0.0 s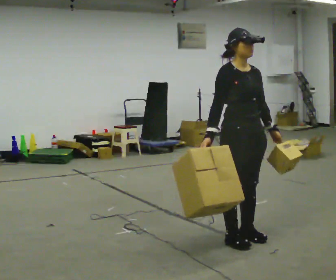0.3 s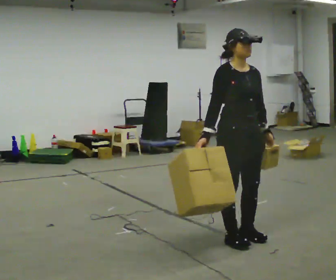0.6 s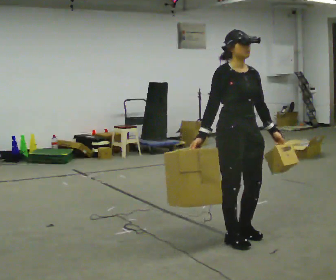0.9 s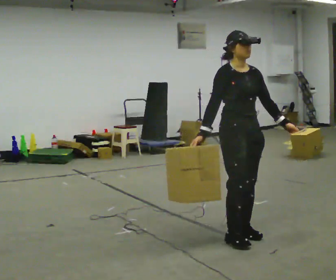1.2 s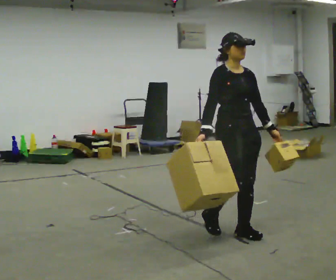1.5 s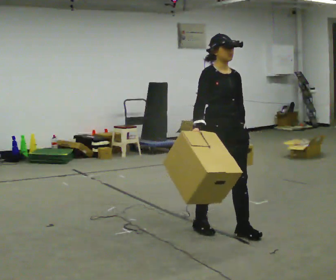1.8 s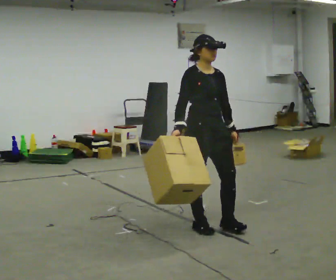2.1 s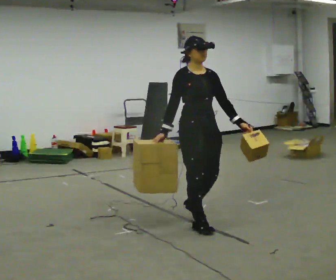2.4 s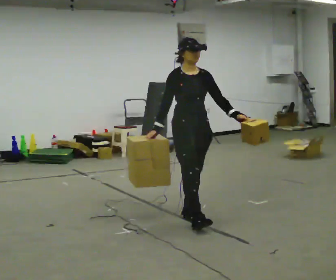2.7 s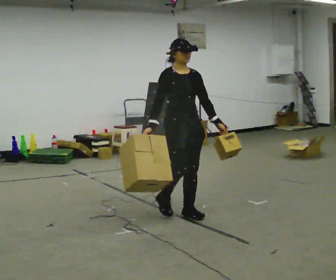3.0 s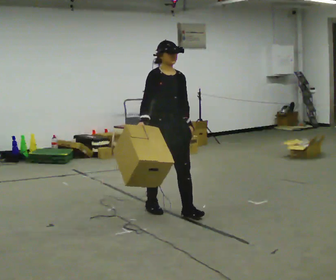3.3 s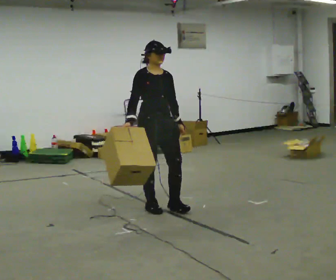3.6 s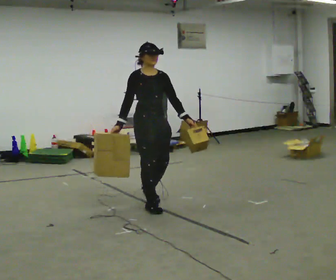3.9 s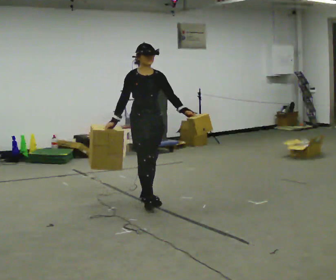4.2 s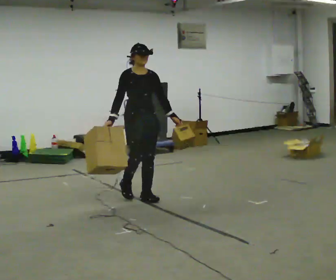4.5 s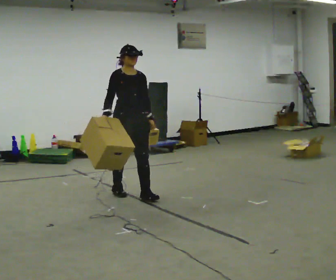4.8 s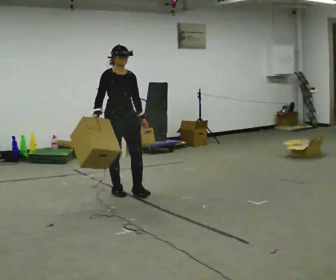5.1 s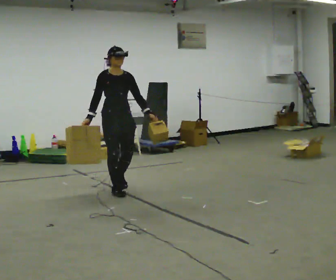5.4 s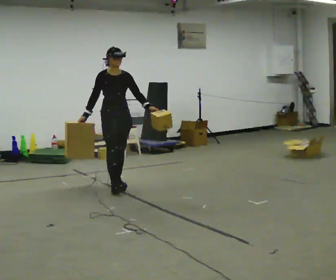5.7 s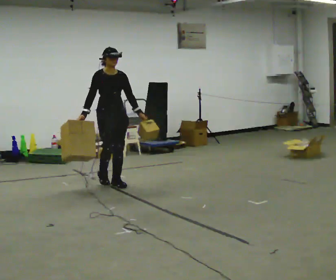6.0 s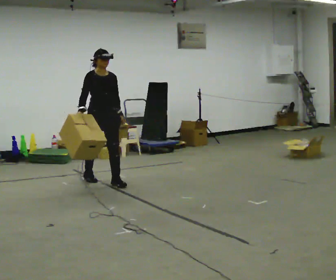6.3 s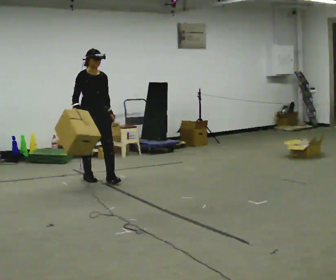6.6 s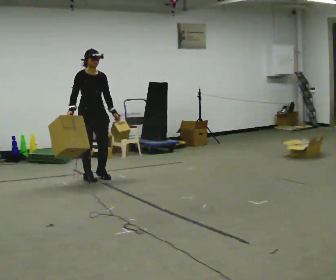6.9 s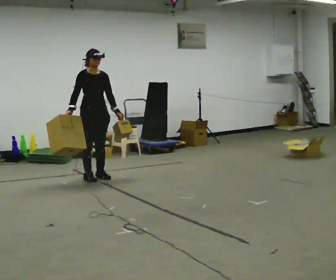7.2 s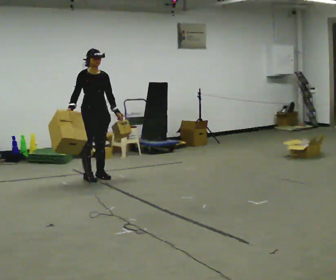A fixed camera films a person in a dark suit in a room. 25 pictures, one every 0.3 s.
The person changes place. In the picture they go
away from the camera.
0.0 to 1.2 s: In the picture they go away from the camera, about 0.25 m in 1 step, which for them is backward.
1.2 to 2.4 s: In the picture they go away from the camera and to the left, about 0.5 m in 1 step, which for them is backward.
2.4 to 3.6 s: In the picture they go away from the camera and to the left, about 0.5 m in 2 steps, which for them is backward.
3.6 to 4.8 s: In the picture they go away from the camera and to the left, about 0.5 m in 2 steps, which for them is backward.
4.8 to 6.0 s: In the picture they go away from the camera and to the left, about 0.5 m in 1 step, which for them is backward.
6.0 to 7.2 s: In the picture they go away from the camera, about 0.25 m in 1 step, which for them is backward.
The film runs backward here.
